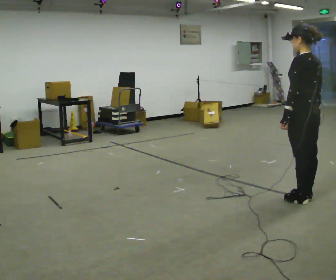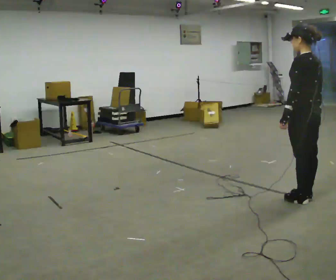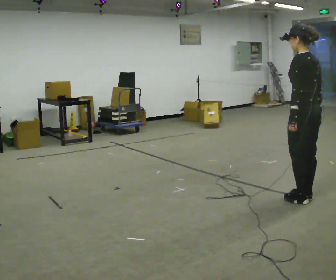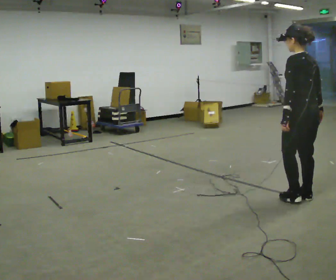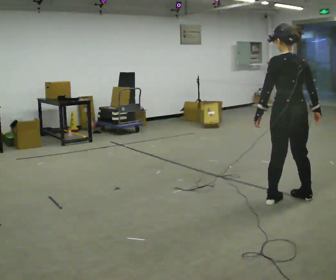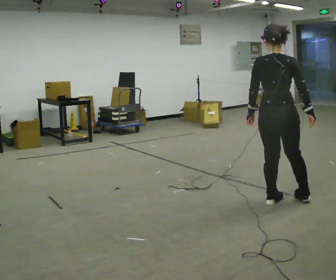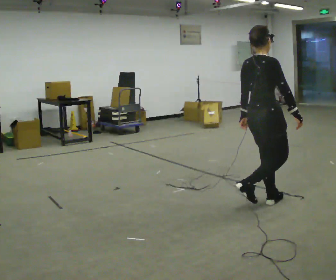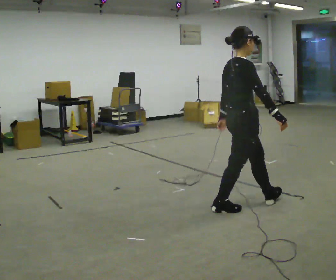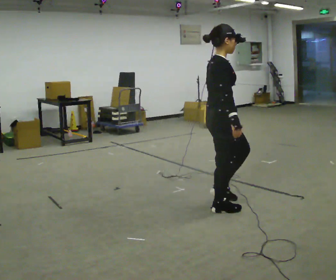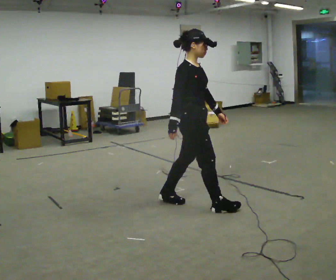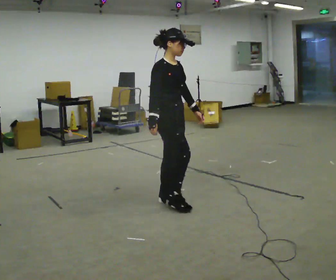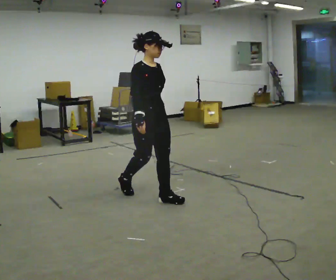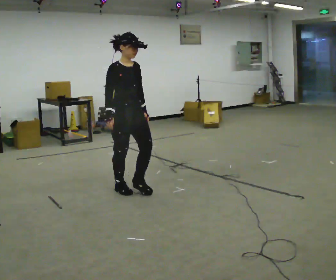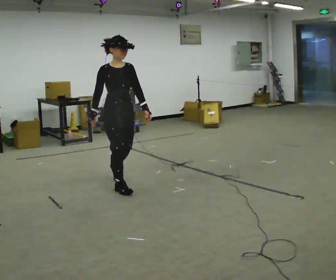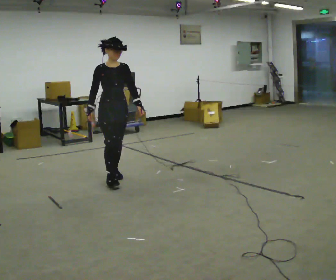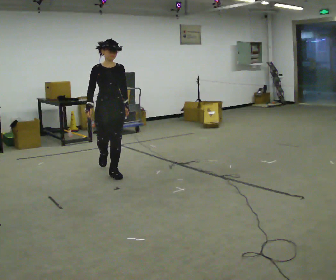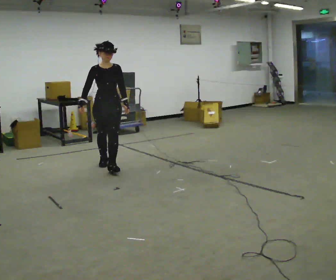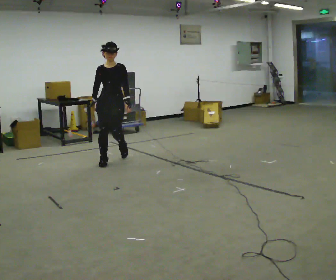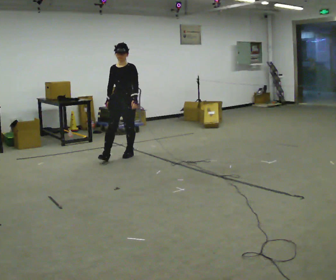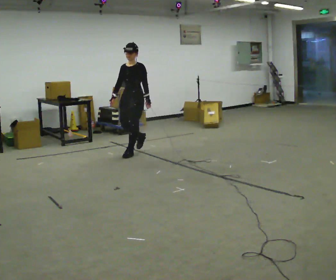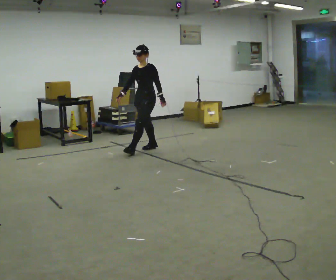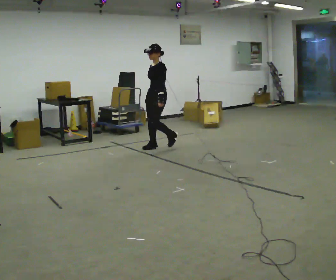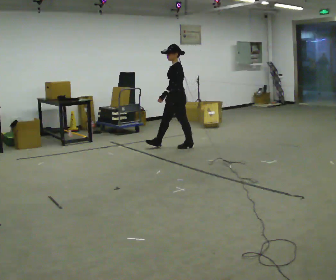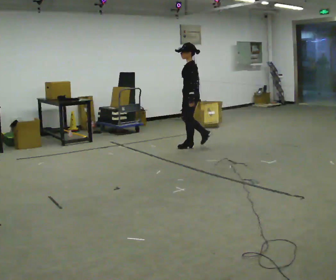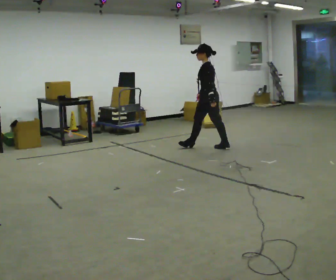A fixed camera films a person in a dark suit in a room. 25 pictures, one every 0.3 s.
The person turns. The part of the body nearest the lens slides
to the left.
The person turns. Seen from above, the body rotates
clockwise.
0.0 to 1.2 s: The person moves a little, or ends about where they began.
1.2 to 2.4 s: Seen from above the body turns clockwise, about 105 degrees: to their right, with its near side sliding to the left. In the picture they go to the left, about 0.5 m in 2 steps.
2.4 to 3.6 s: The part of the body nearest the lens slides to the left as the person turns to their right by about 45 degrees. In the picture they go to the left and away from the camera, about 1 m in 2 steps, which for them is backward.
3.6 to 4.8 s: Seen from above the body turns clockwise, about 30 degrees: to their right, with its near side sliding to the left. In the picture they go away from the camera, about 1 m in 2 steps, which for them is backward.
4.8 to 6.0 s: Seen from above the body turns clockwise, about 60 degrees: to their right, with its near side sliding to the left. In the picture they go away from the camera and to the right, about 1 m in 2 steps, which for them is backward.
6.0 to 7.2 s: The part of the body nearest the lens slides to the left as the person turns to their right by about 75 degrees. In the picture they go to the right, about 1 m in 1 step.
The film runs backward here.
